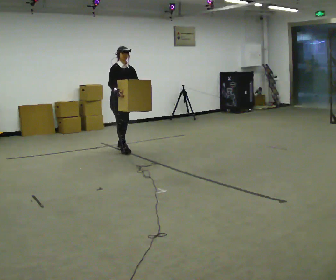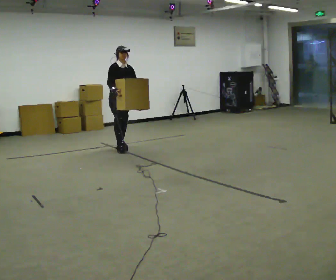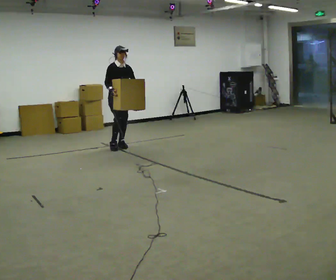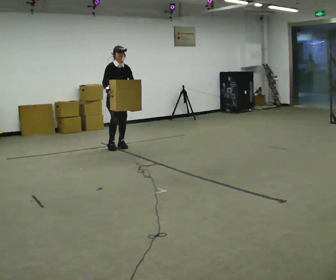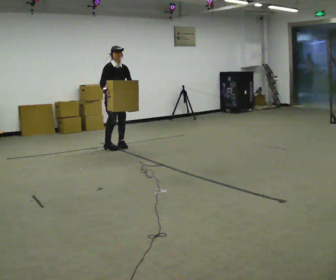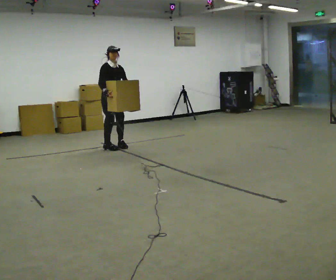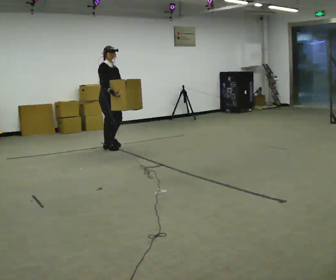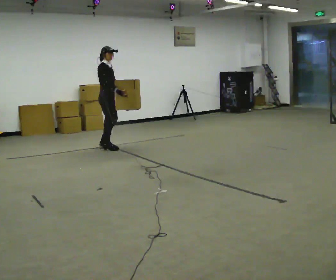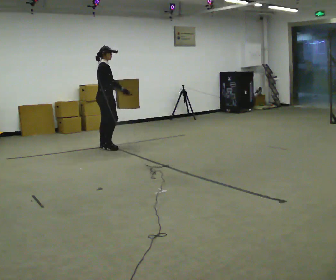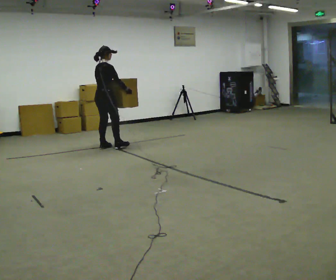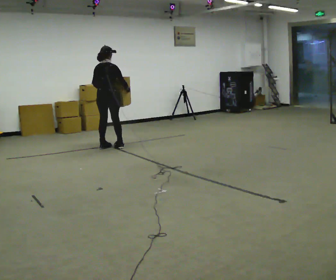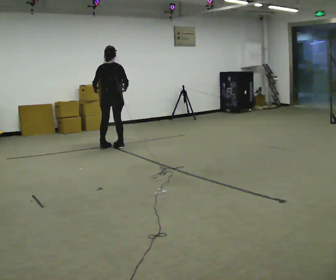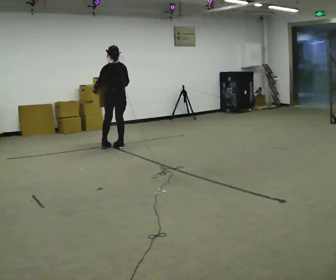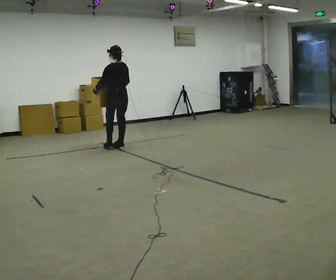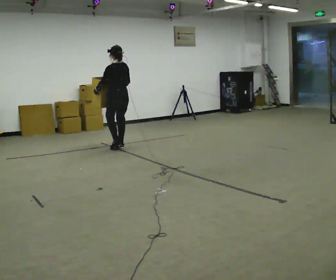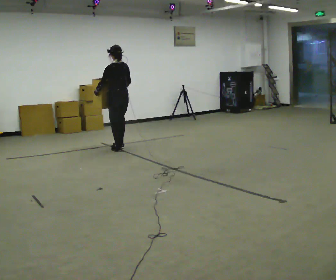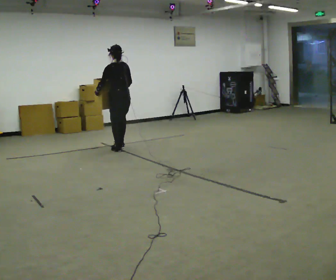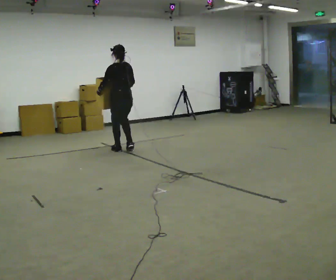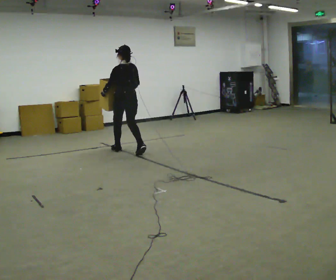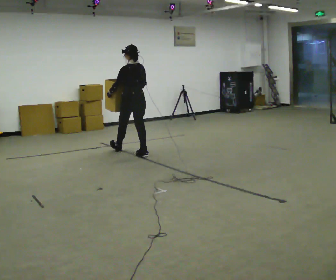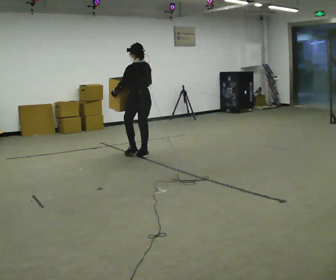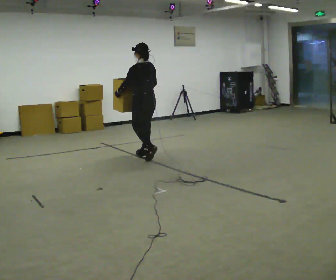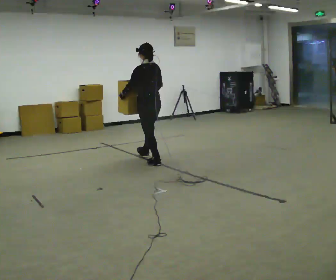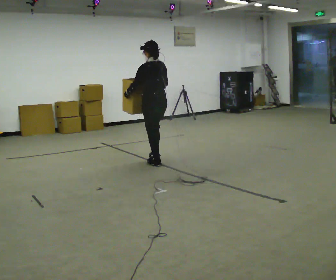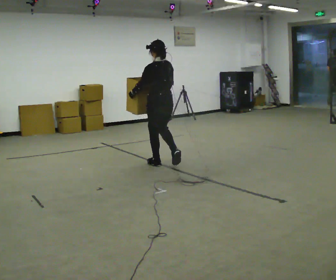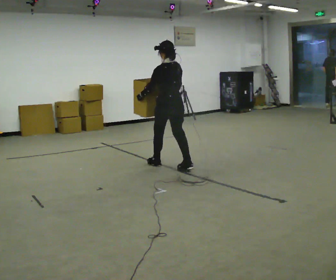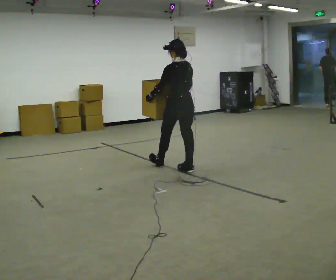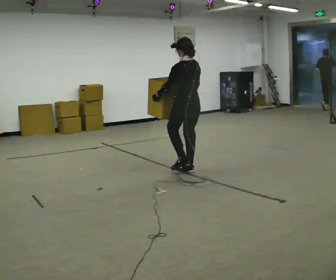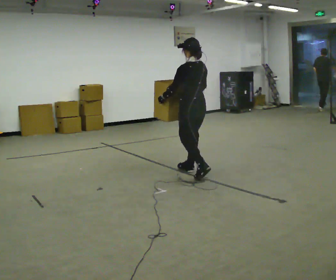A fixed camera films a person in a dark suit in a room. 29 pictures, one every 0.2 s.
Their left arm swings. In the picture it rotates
clockwise.
0.0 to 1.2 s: The part of the body nearest the lens slides to the right as the person turns to their left by about 30 degrees. In the picture they go to the left, about 0.25 m in 2 steps, which for them is backward and to their right.
1.2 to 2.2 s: The part of the body nearest the lens slides to the right as the person turns to their left by about 120 degrees.
2.2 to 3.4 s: The person turns about 30 degrees to their left, counterclockwise seen from above, so the part of the body nearest the lens slides to the right. In the picture they go toward the camera and to the right, about 0.25 m in 2 steps, which for them is backward.
3.4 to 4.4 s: In the picture they go toward the camera and to the right, about 0.5 m in 1 step, which for them is backward.
4.4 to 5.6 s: In the picture they go toward the camera and to the right, about 1 m in 2 steps, which for them is backward.
The film runs backward here.
